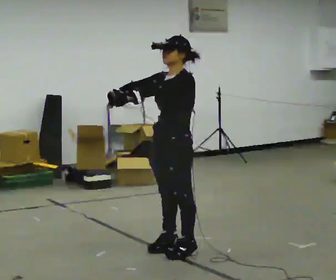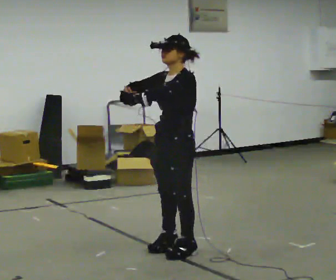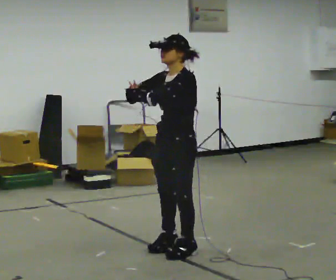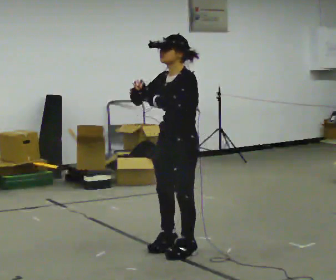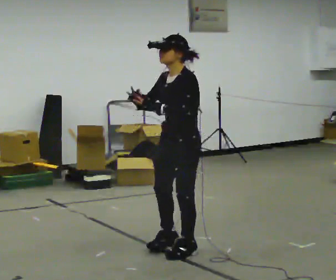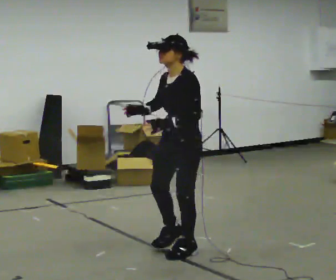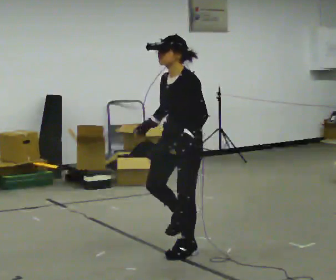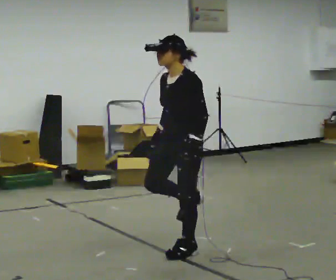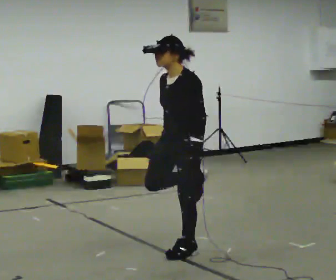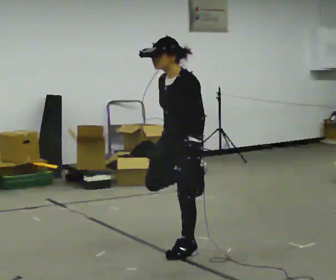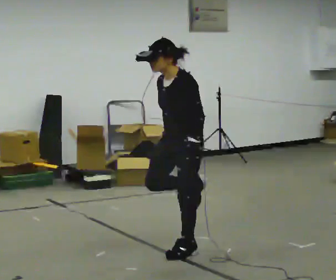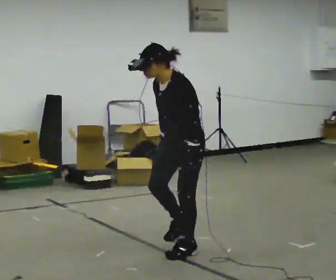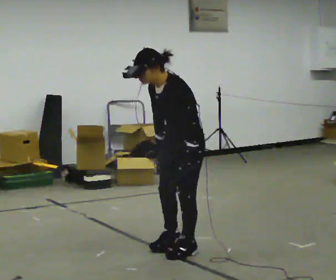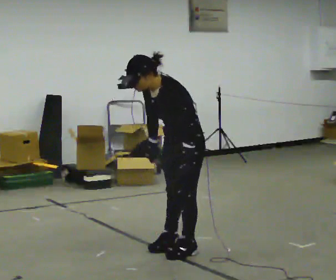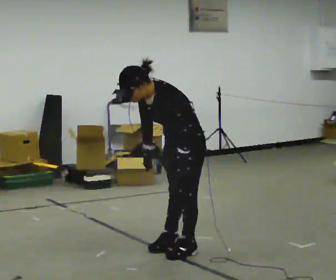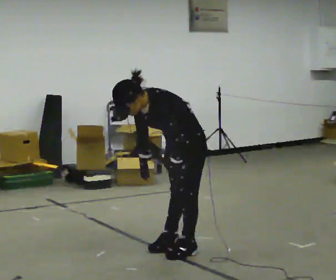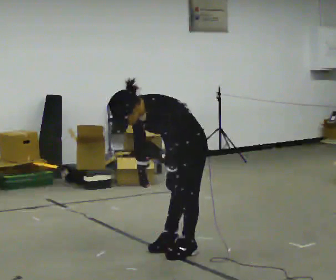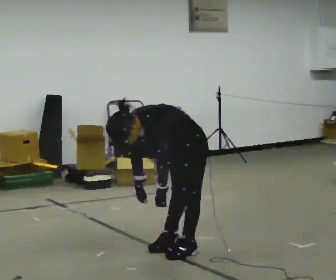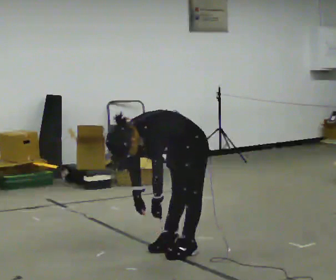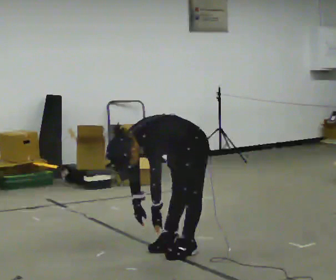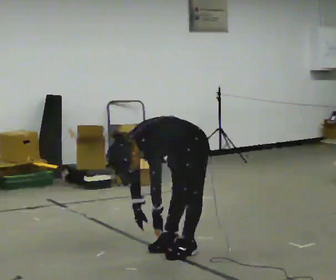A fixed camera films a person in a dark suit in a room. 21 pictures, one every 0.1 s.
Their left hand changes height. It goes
downward.
The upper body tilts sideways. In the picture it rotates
counterclockwise.
0.0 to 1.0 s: In the picture their right hand goes to the right and downward.
1.0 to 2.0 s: The upper body goes downward. In the picture the upper body tilts counterclockwise, shoulders to the left, as they bend forward. In the picture their right hand goes downward.
The film runs backward here.
